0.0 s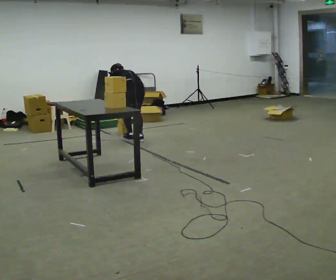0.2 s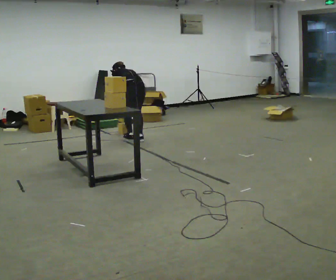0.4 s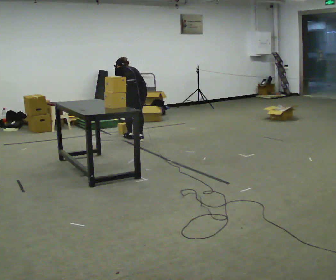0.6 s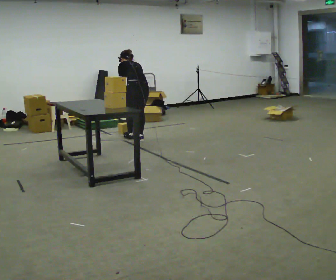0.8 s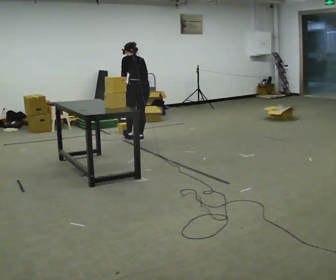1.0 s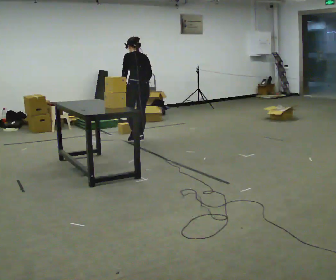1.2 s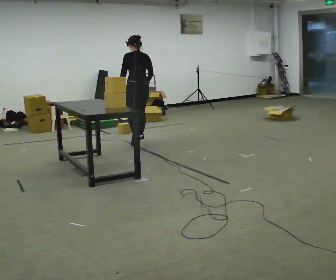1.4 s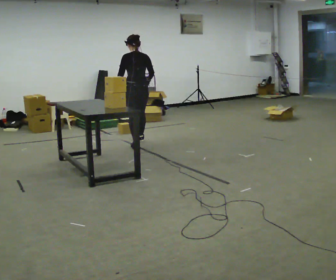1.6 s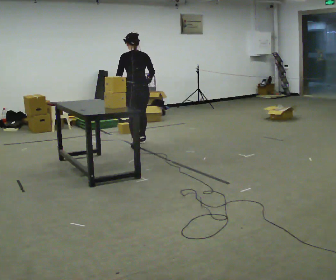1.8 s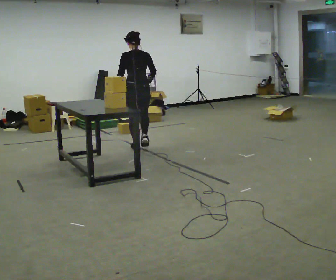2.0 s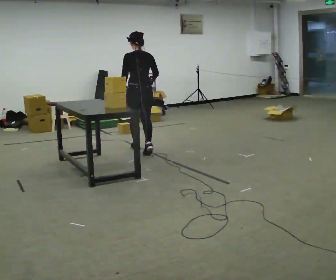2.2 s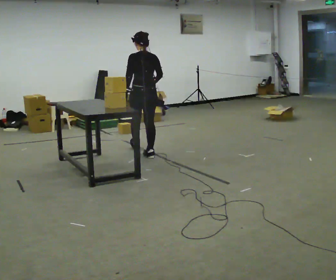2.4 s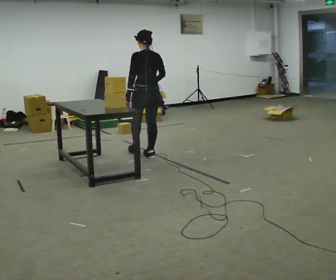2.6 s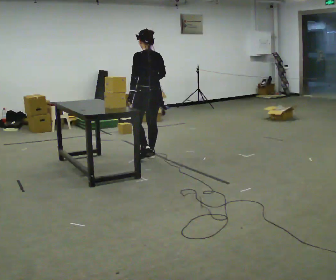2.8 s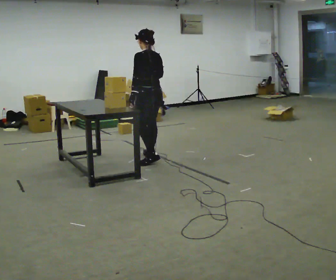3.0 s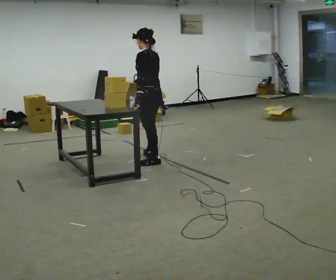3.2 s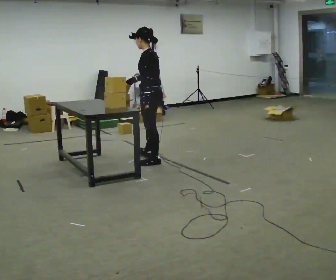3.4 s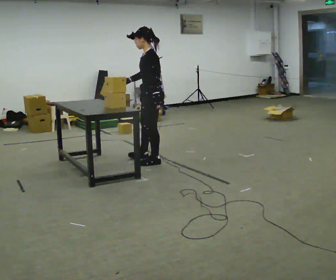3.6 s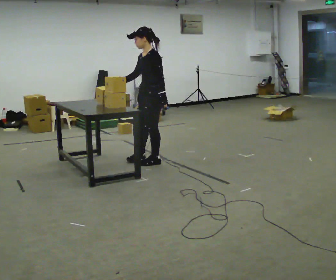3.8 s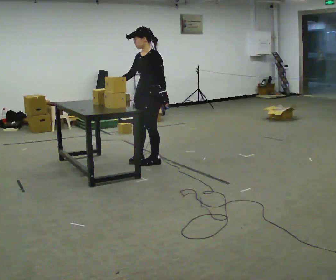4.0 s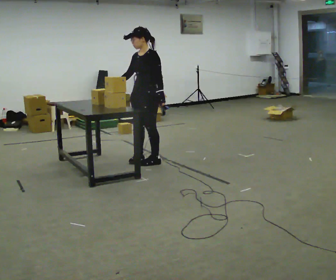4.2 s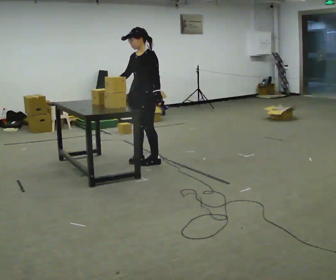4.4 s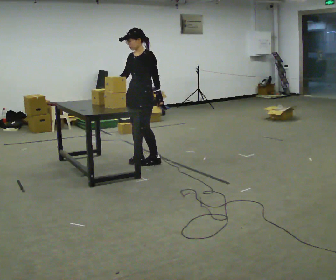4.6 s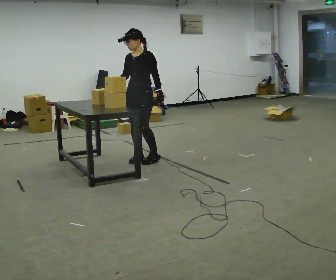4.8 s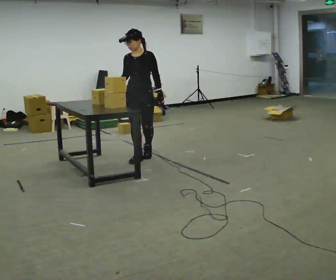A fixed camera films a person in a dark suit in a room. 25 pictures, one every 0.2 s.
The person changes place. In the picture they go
toward the camera.
The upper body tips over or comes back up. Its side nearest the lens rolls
downward.
0.0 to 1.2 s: In the picture they go toward the camera, about 0.25 m in 1 step, which for them is backward. The upper body goes upward. The upper body tips toward the camera, its near side rolling downward, as they lean back or straighten.
1.2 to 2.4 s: In the picture they go toward the camera, about 0.5 m in 2 steps, which for them is backward.
2.4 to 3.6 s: The person turns about 90 degrees to their left, counterclockwise seen from above, so the part of the body nearest the lens slides to the right. In the picture they go toward the camera, about 0.25 m.
3.6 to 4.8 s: The person turns about 60 degrees to their left, counterclockwise seen from above, so the part of the body nearest the lens slides to the right. In the picture they go to the left and away from the camera, about 0.25 m in 1 step, which for them is to their right.
The film runs backward here.
